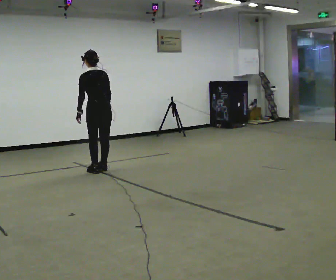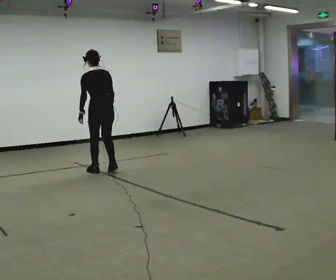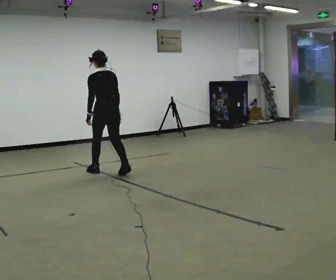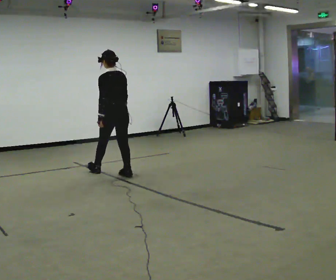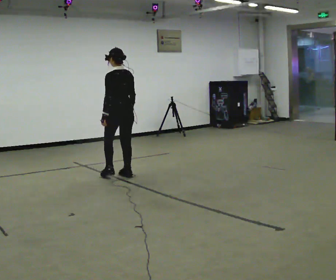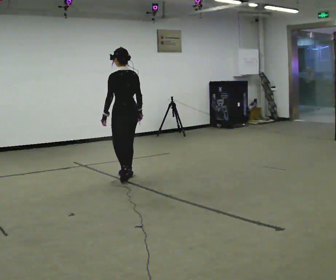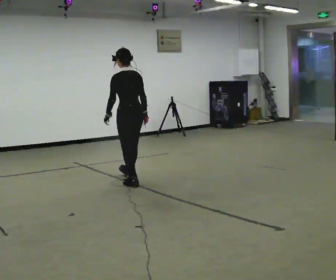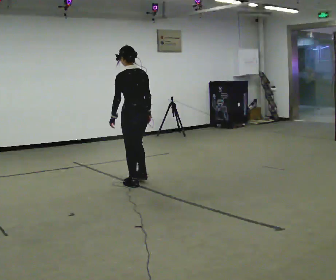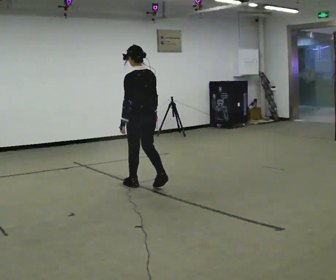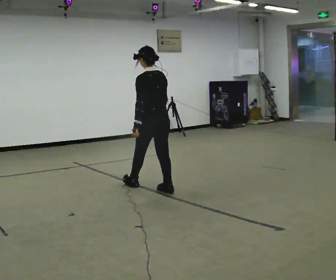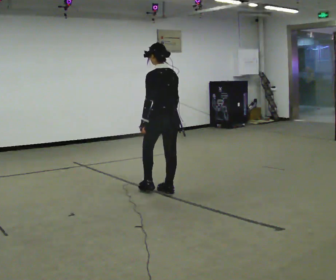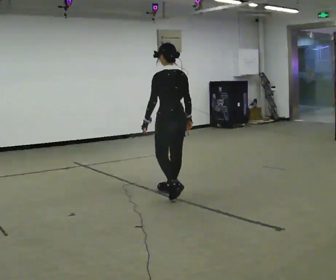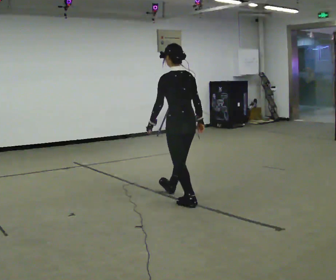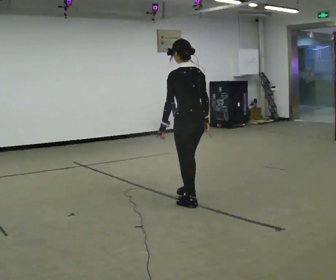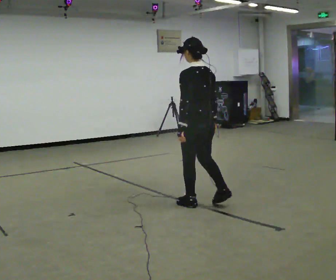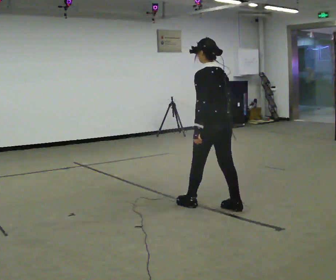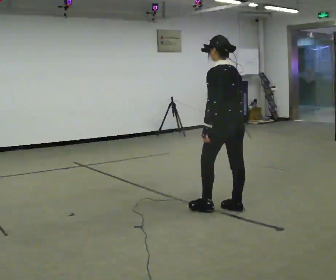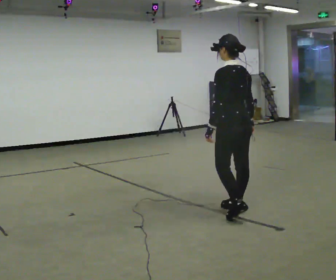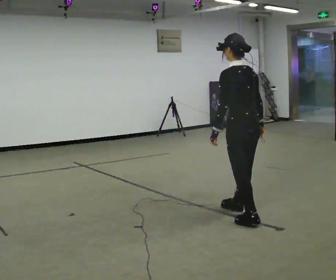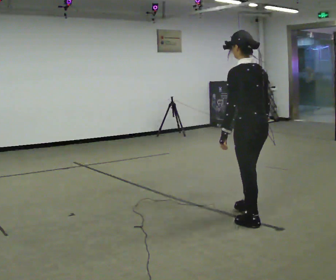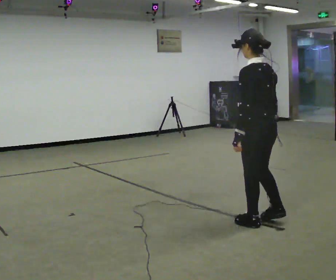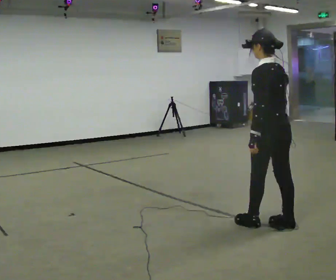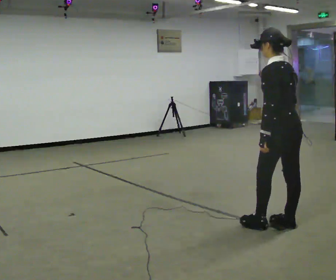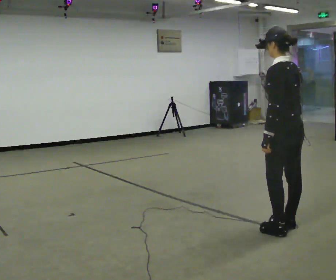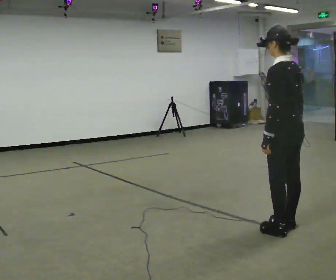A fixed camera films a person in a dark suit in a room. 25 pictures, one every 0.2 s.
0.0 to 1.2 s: In the picture they go toward the camera and to the right, about 0.5 m in 2 steps, which for them is backward.
1.2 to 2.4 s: In the picture they go toward the camera and to the right, about 1 m in 2 steps, which for them is backward.
2.4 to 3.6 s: In the picture they go toward the camera and to the right, about 1 m in 2 steps, which for them is backward.
3.6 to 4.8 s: In the picture they go toward the camera and to the right, about 0.5 m in 2 steps, which for them is backward.
The film runs forward here.
